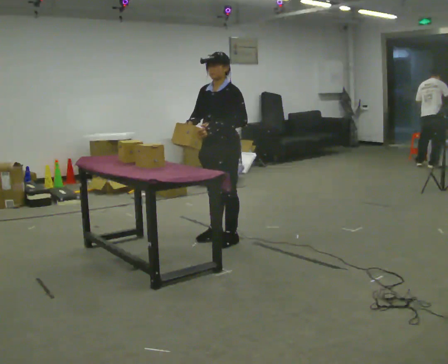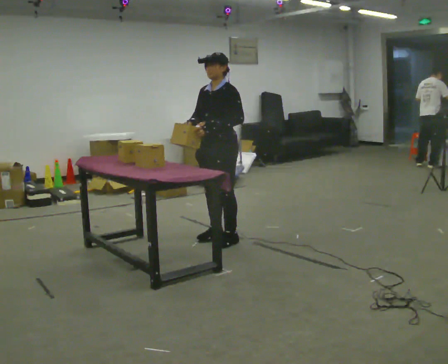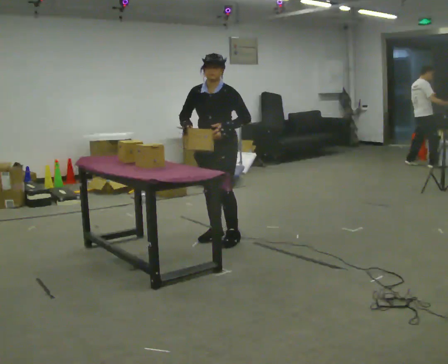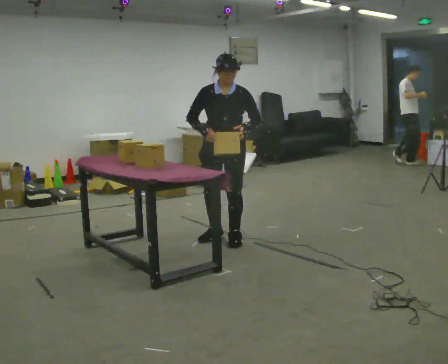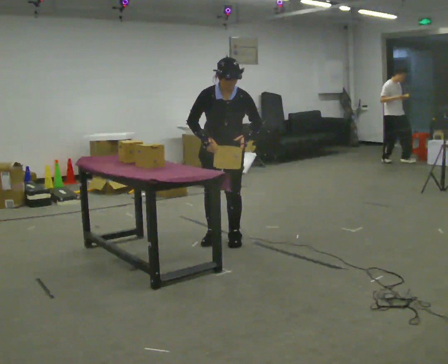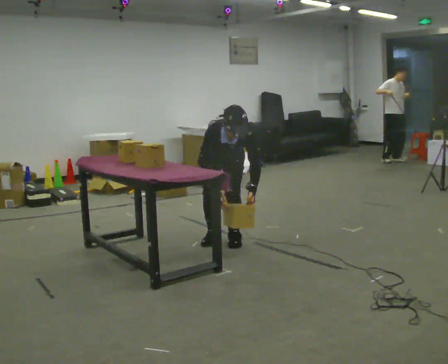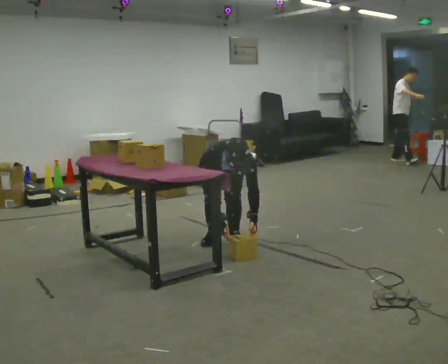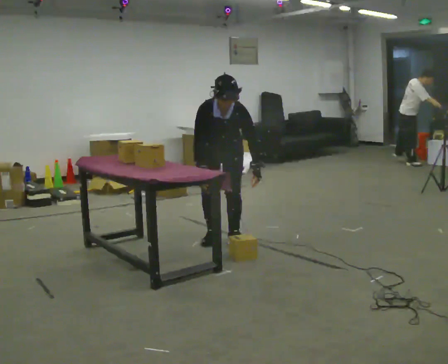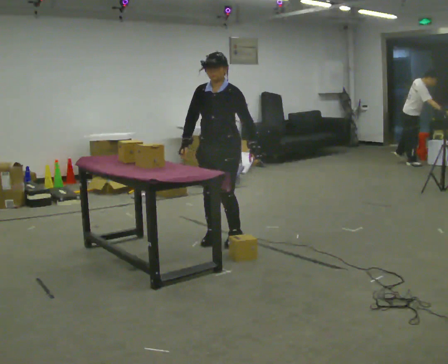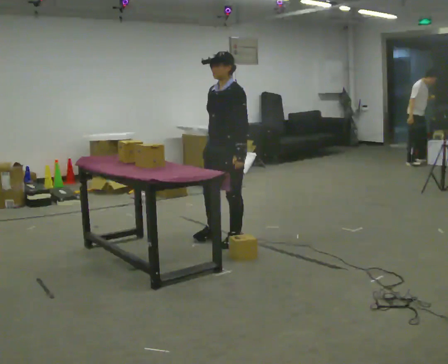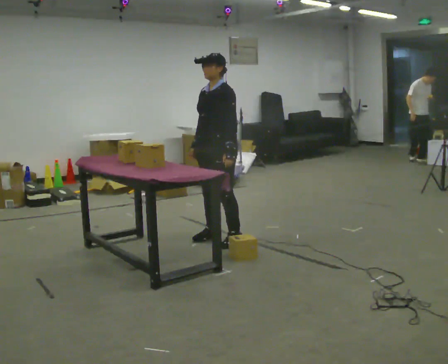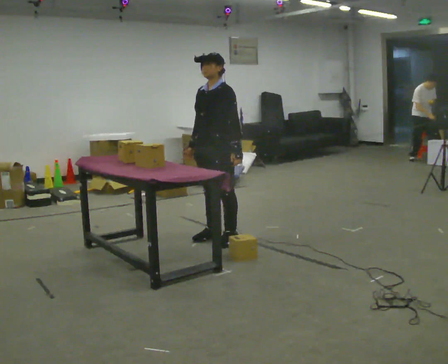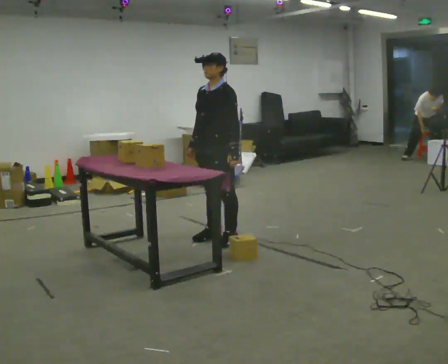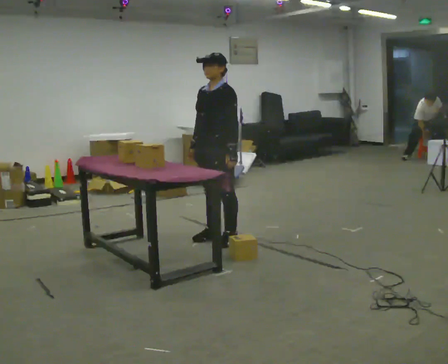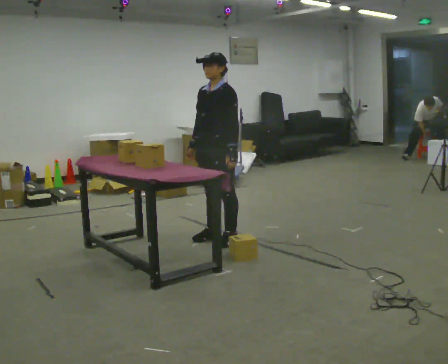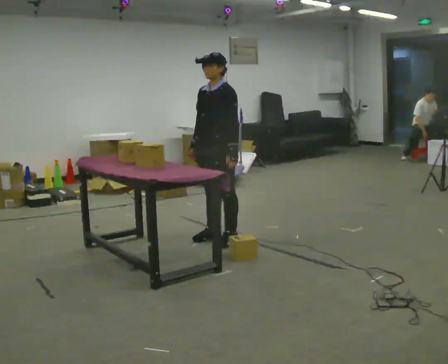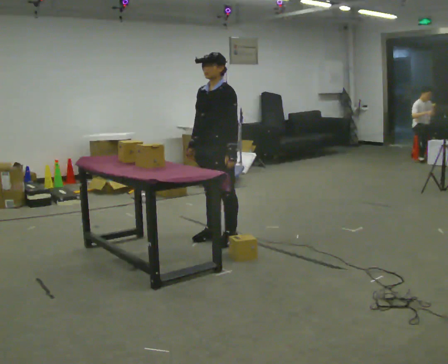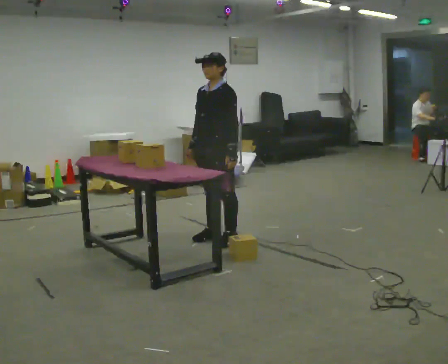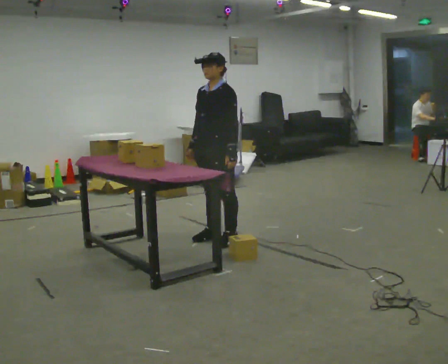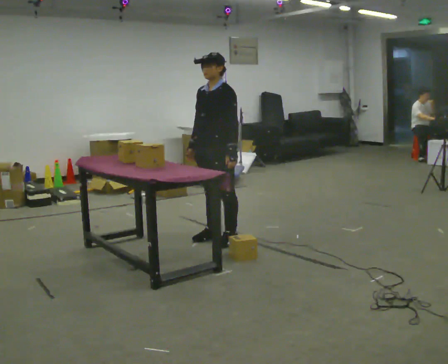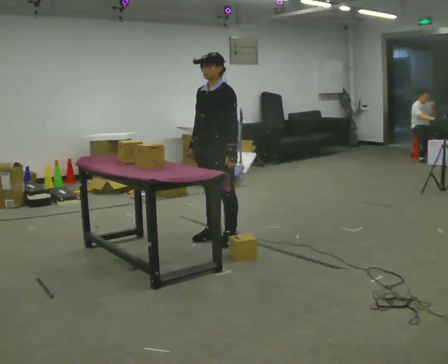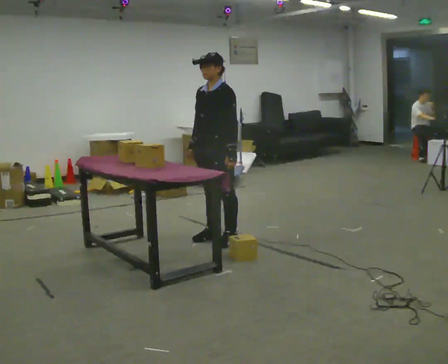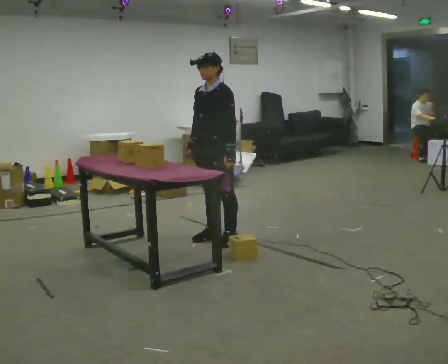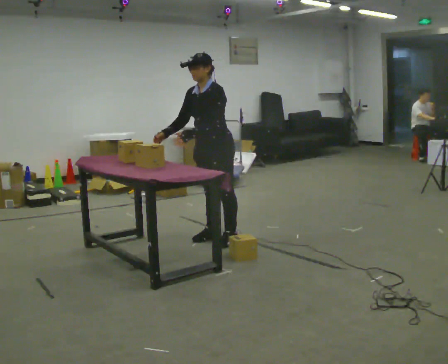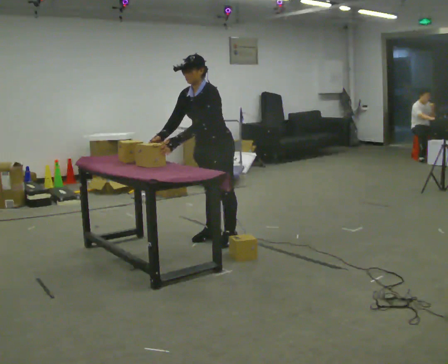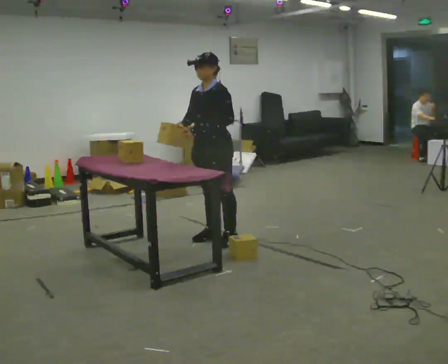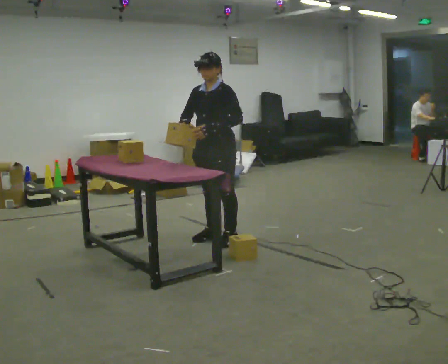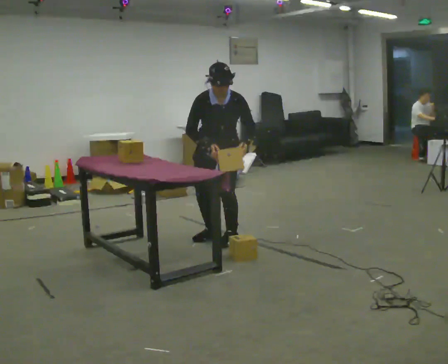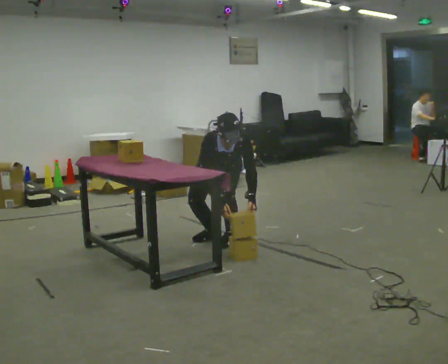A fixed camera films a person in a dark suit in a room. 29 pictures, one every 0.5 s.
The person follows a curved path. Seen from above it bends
counterclockwise.
0.0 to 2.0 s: The person turns about 45 degrees to their left, counterclockwise seen from above, so the part of the body nearest the lens slides to the right. The upper body tips toward the camera, its near side rolling downward, as they bend forward.
2.0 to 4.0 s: Seen from above the body turns clockwise, about 30 degrees: to their right, with its near side sliding to the left.
4.0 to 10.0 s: The person moves a little, or ends about where they began.
10.0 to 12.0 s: In the picture the upper body tilts counterclockwise, shoulders to the left, as they bend forward.
12.0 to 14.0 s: The person turns about 60 degrees to their left, counterclockwise seen from above, so the part of the body nearest the lens slides to the right. The upper body goes downward. In the picture their left hand goes to the right and downward.
The film runs forward here.
